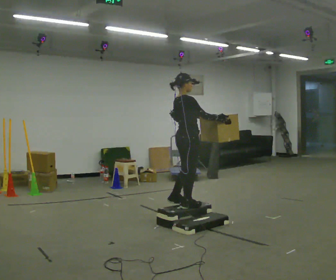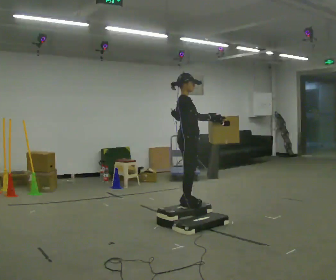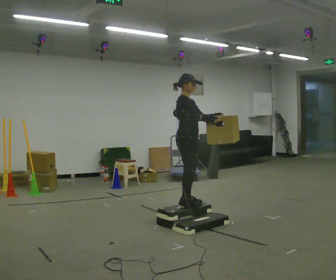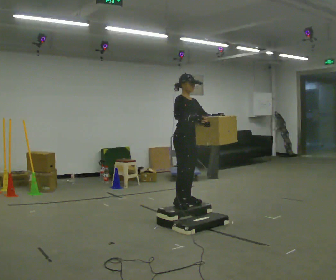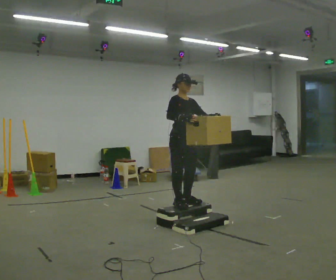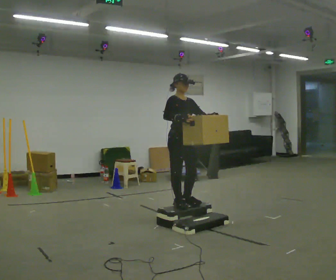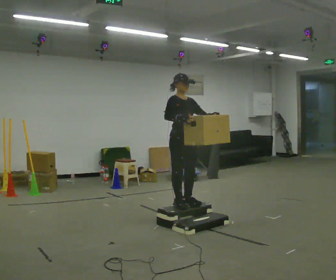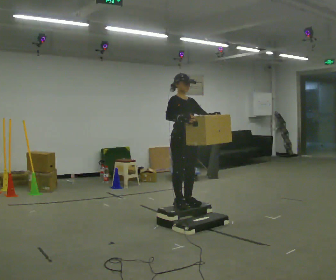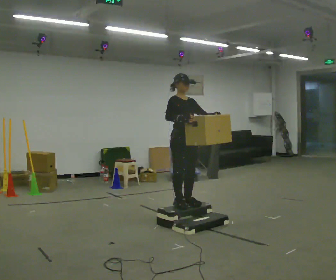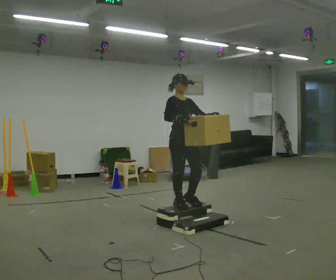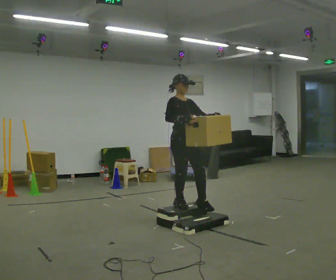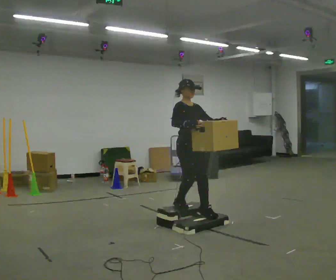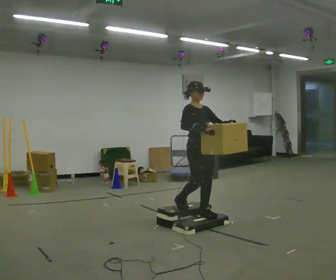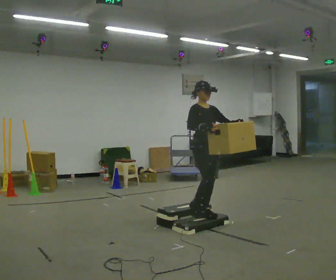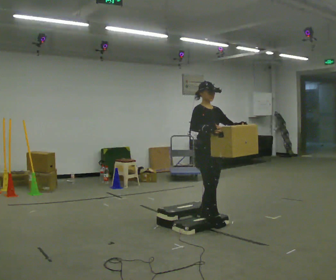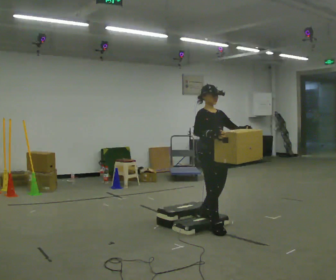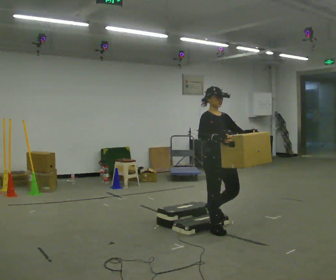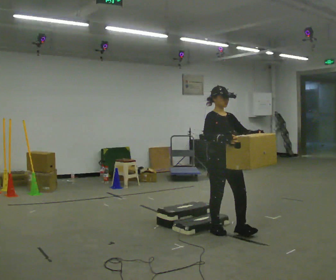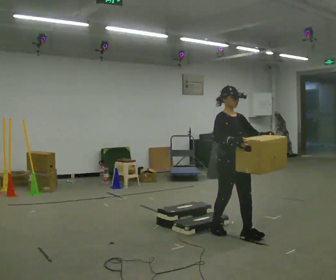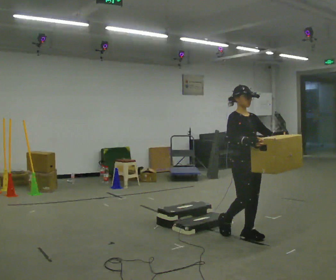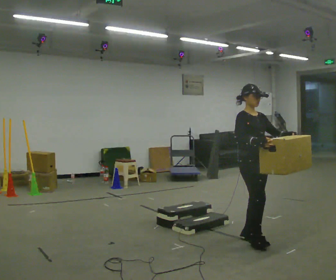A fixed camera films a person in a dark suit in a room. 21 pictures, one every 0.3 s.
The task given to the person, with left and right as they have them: Carry the box up the three steps, turn at the top, and carry it back down. Use the handrail only if you need it. Keep going until the operator says stop; one object at a time, and do not rush between trips.
0.0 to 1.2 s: Seen from above the body turns clockwise, about 75 degrees: to their right, with its near side sliding to the left.
1.2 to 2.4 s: The person moves a little, or ends about where they began.
2.4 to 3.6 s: In the picture they go to the right, about 0.25 m in 1 step, which for them is forward.
3.6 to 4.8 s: In the picture they go toward the camera and to the right, about 0.25 m in 1 step, which for them is forward.
4.8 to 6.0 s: In the picture they go toward the camera and to the right, about 0.5 m in 1 step, which for them is forward.
The film runs forward here.
